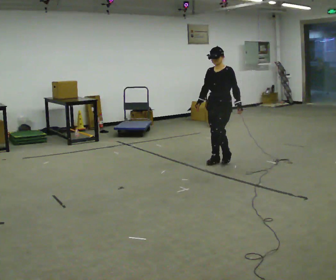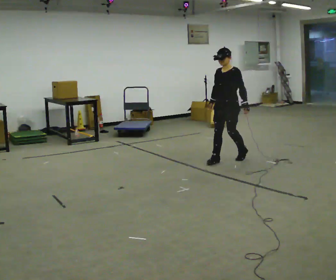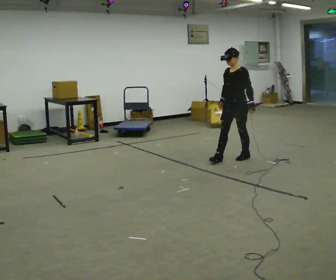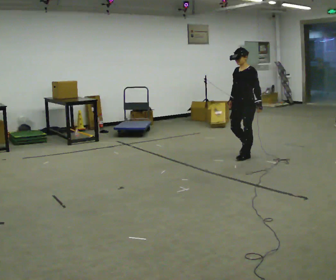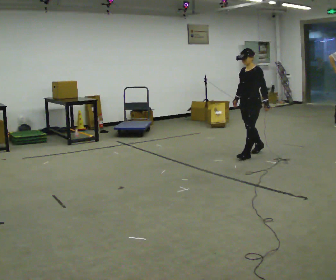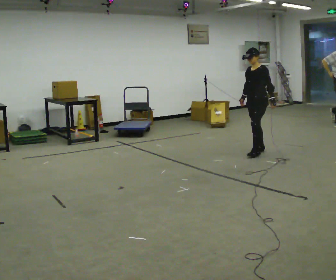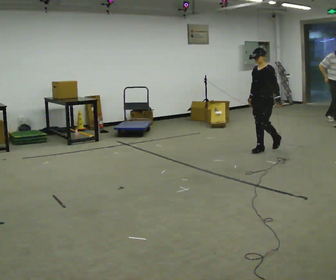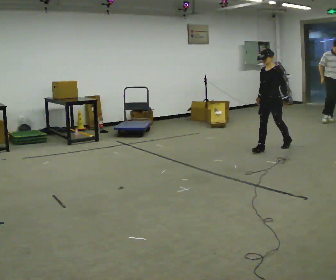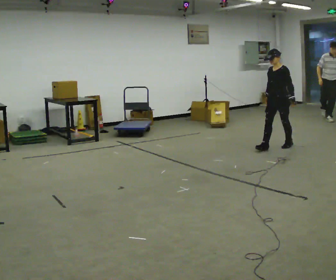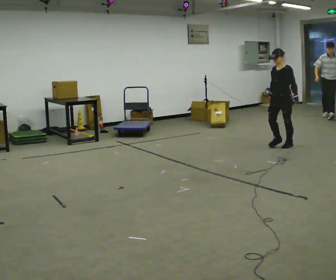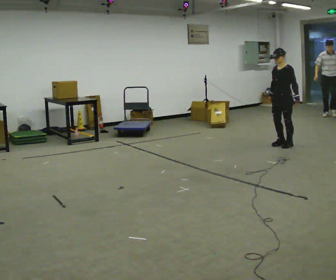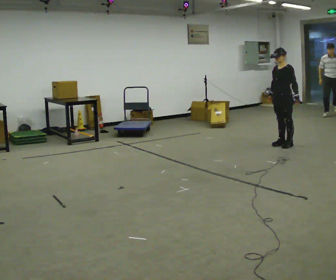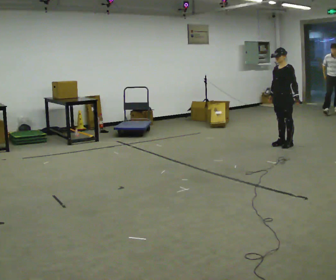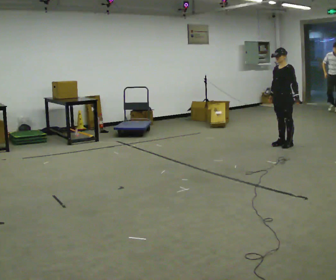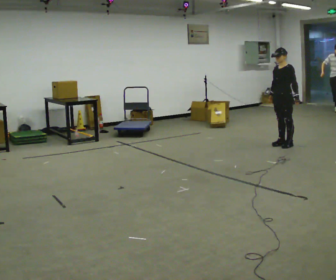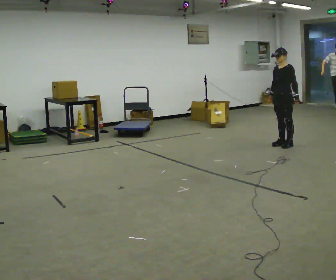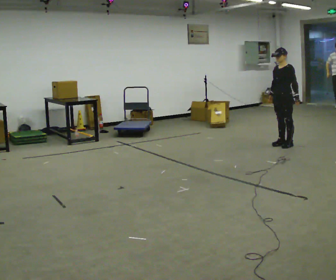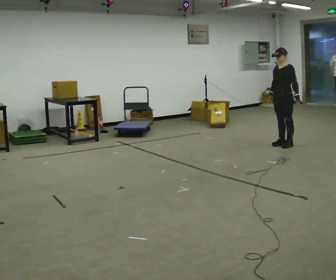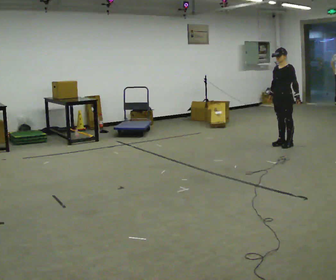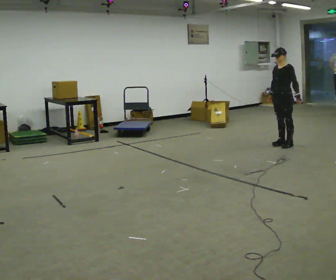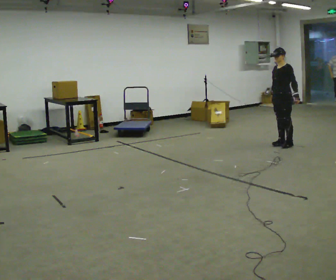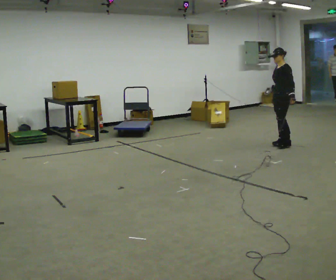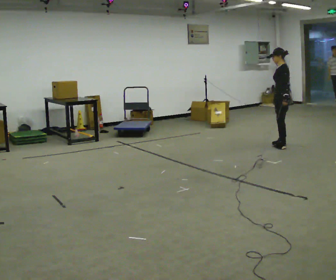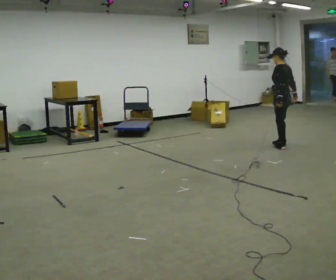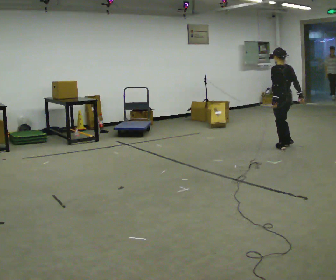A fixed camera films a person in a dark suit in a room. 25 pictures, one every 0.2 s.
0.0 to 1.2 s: In the picture they go away from the camera and to the right, about 1 m in 2 steps, which for them is backward.
1.2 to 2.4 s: In the picture they go away from the camera and to the right, about 0.5 m in 1 step, which for them is backward.
2.4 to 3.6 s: The person keeps their place and pose.
3.6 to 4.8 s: The person turns about 105 degrees to their right, clockwise seen from above, so the part of the body nearest the lens slides to the left. In the picture they go toward the camera, about 0.25 m in 2 steps. In the picture their right hand goes to the right, the arm swinging counterclockwise.
The film runs backward here.
